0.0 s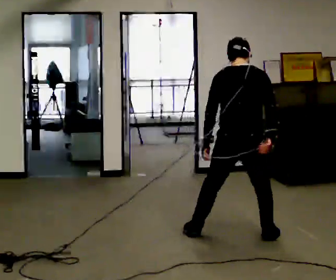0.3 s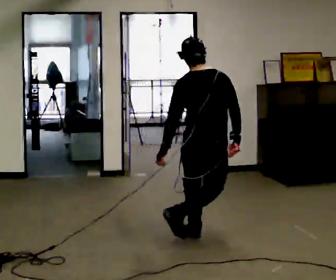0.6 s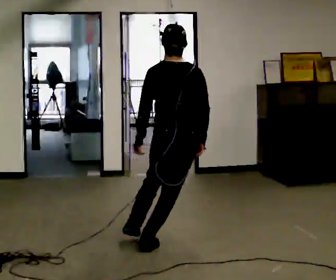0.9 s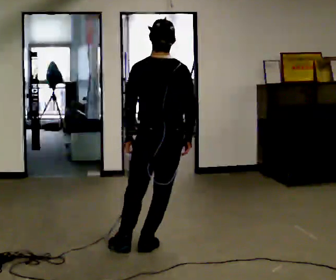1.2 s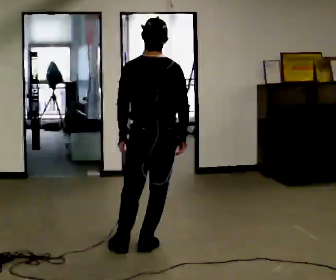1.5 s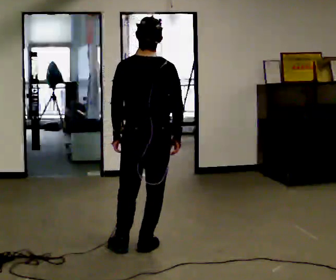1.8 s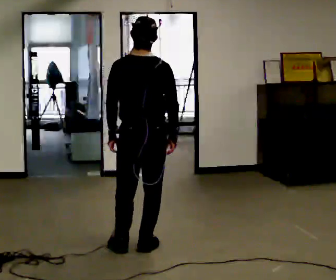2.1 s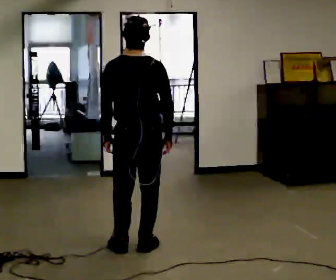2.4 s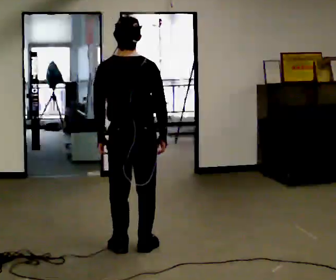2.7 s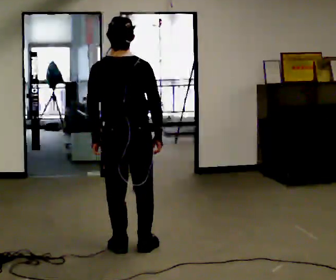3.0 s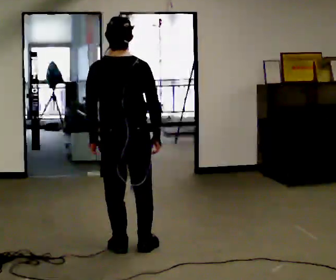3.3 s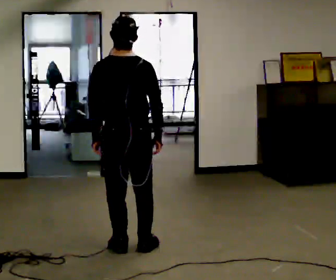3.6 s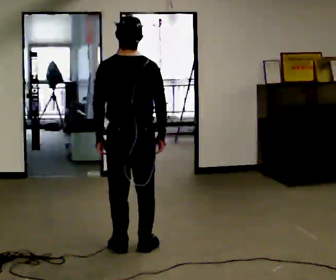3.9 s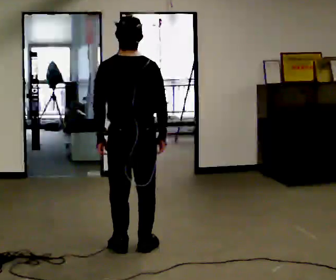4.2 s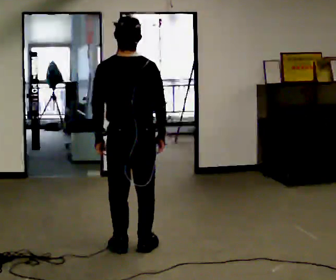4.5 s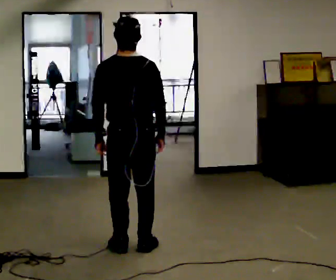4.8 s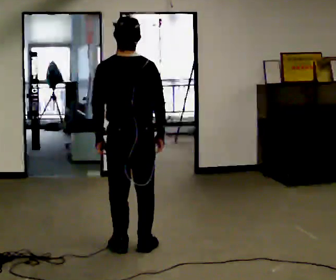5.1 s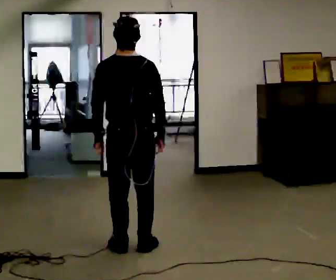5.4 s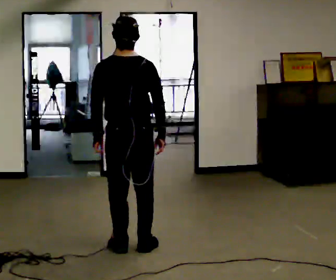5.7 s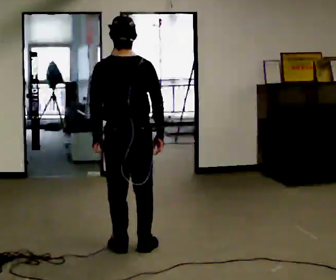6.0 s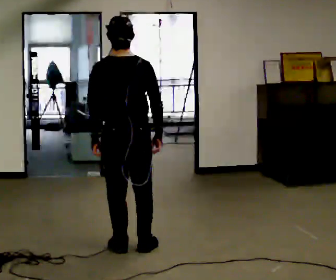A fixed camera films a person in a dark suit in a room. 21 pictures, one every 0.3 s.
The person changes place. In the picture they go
to the left.
0.0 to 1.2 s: In the picture they go to the left, about 0.75 m in 2 steps, which for them is to their left.
1.2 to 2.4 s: In the picture they go to the left, about 0.25 m, which for them is to their left.
2.4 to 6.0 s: The person moves a little, or ends about where they began.
The film runs backward here.
